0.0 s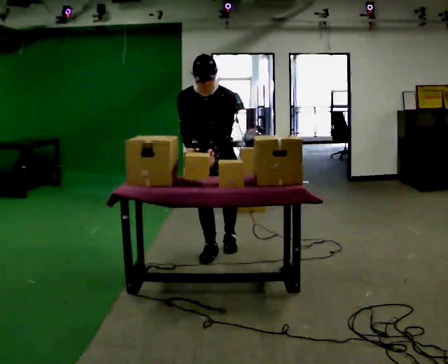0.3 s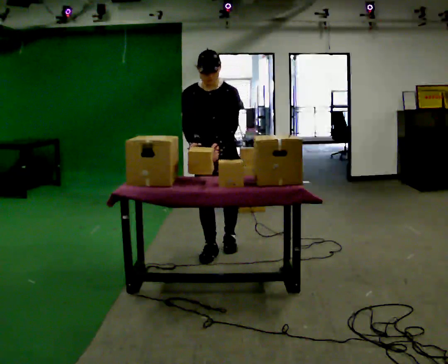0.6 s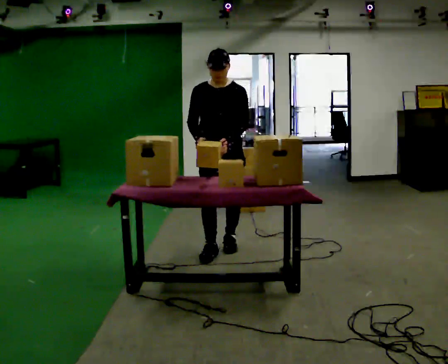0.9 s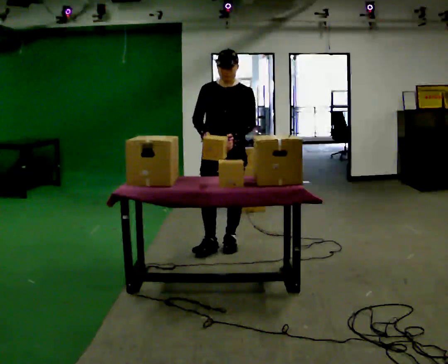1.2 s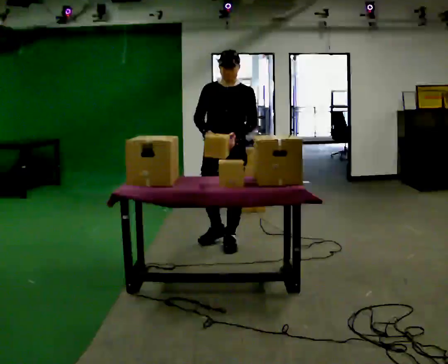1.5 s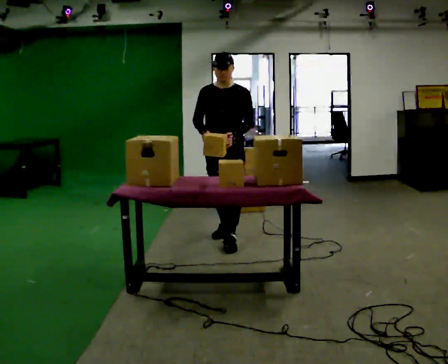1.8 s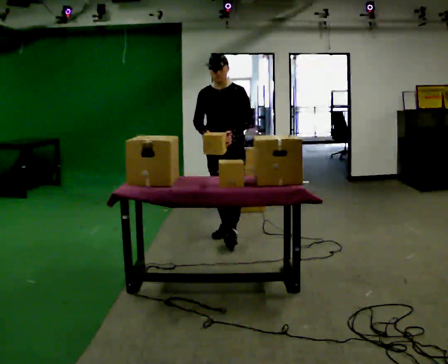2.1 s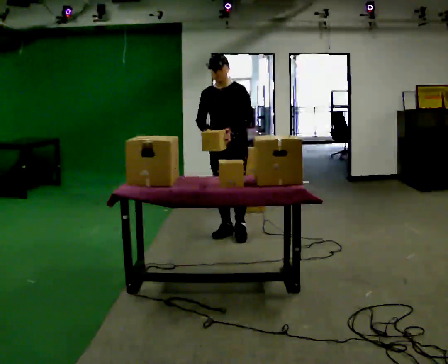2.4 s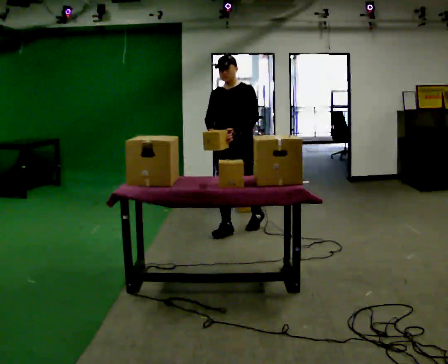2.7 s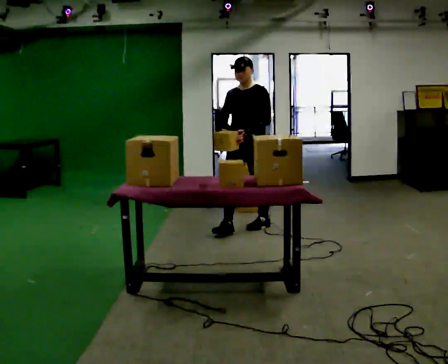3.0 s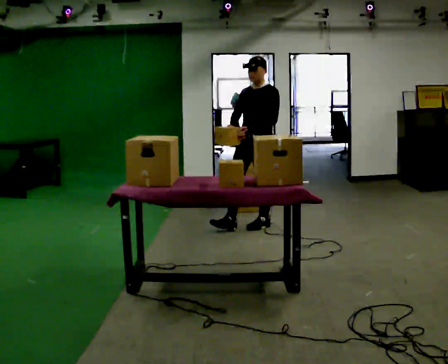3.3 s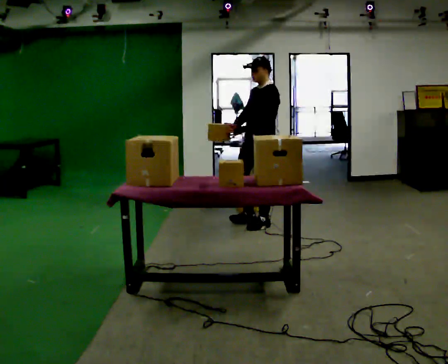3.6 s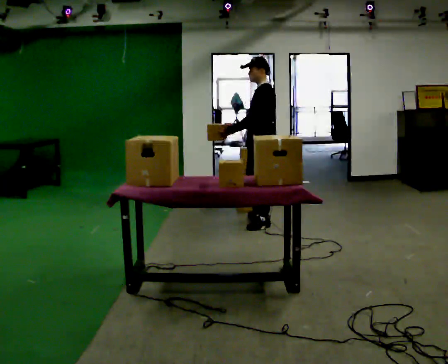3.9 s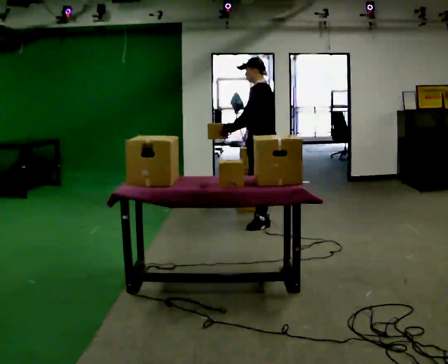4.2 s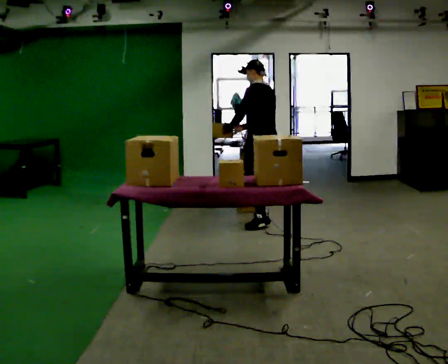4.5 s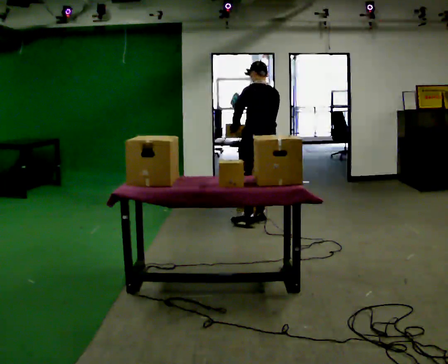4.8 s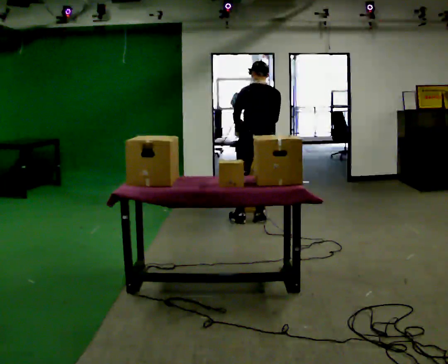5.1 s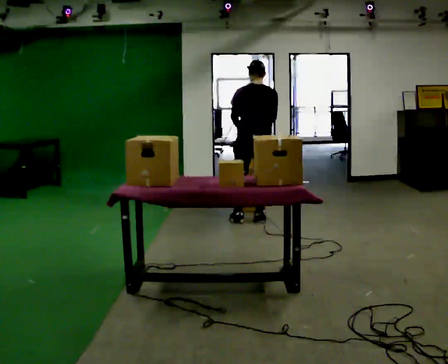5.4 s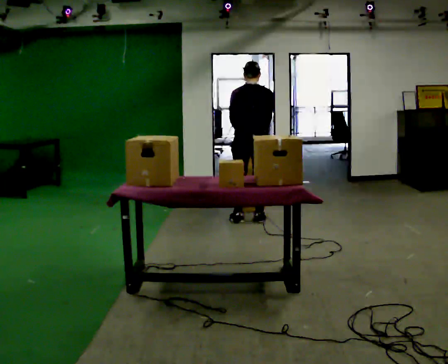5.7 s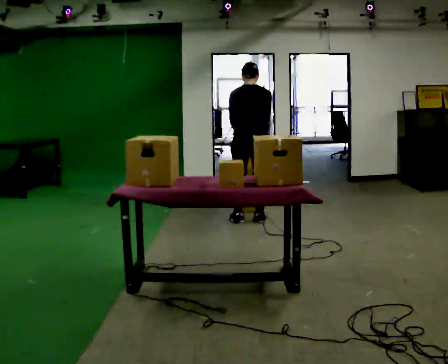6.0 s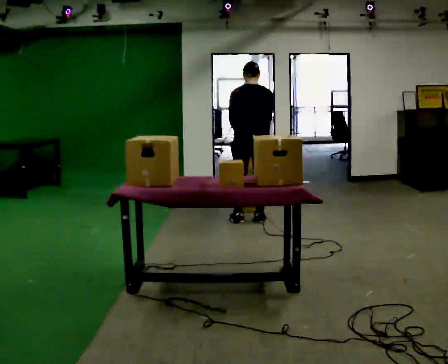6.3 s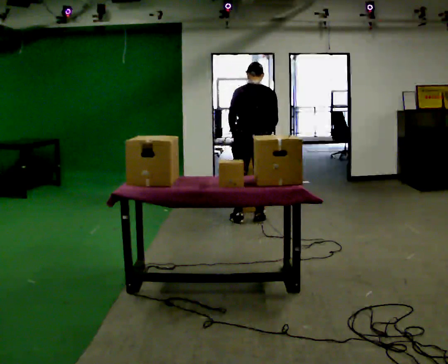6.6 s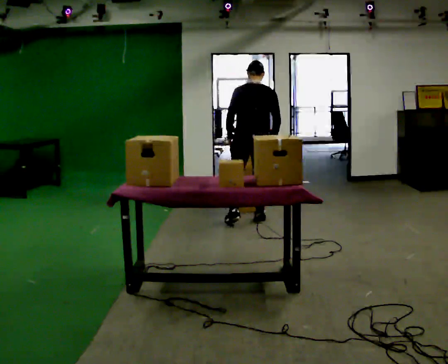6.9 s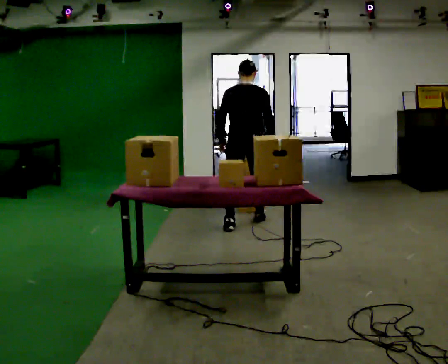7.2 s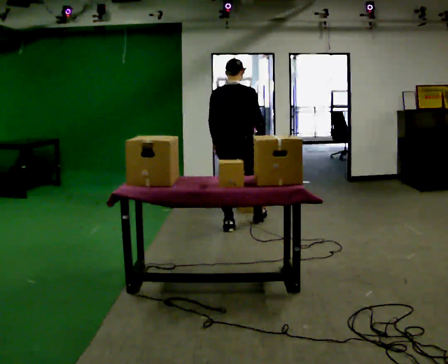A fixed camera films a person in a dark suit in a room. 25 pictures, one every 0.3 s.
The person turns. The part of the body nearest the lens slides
to the left.
The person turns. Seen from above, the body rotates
clockwise.
0.0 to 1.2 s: In the picture they go away from the camera, about 0.25 m in 1 step, which for them is backward and to their left. The upper body tips away from the camera, its near side rolling upward, as they lean back or straighten.
1.2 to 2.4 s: In the picture they go away from the camera, about 0.5 m in 1 step, which for them is backward.
2.4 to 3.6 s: The part of the body nearest the lens slides to the left as the person turns to their right by about 60 degrees. In the picture they go to the right and away from the camera, about 0.25 m in 1 step.
3.6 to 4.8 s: The part of the body nearest the lens slides to the left as the person turns to their right by about 75 degrees. In the picture they go away from the camera, about 0.25 m in 1 step.
4.8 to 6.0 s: The person moves a little, or ends about where they began.
6.0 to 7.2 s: In the picture they go toward the camera and to the left, about 0.25 m in 2 steps, which for them is backward and to their left. The upper body tips toward the camera, its near side rolling downward, as they lean back or straighten.
The film runs backward here.
